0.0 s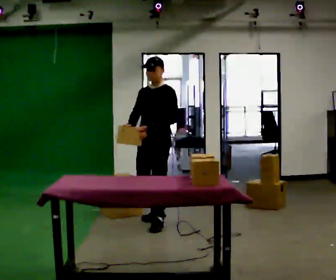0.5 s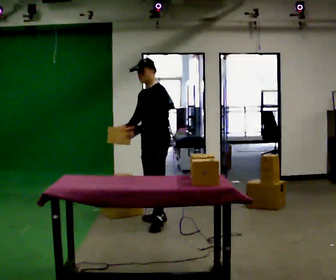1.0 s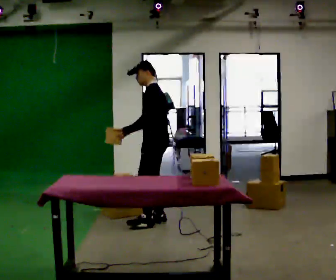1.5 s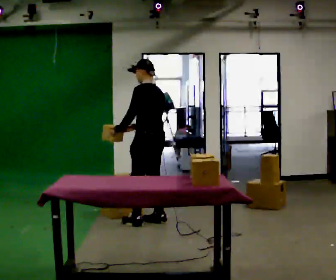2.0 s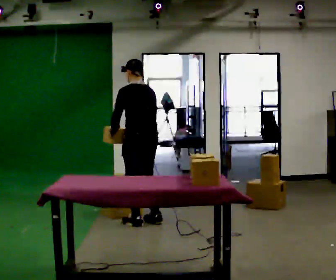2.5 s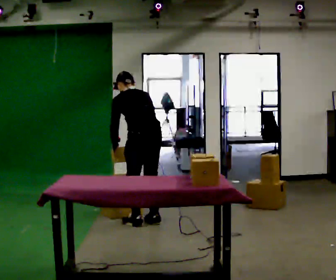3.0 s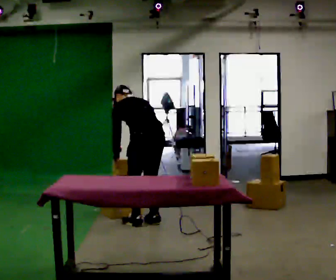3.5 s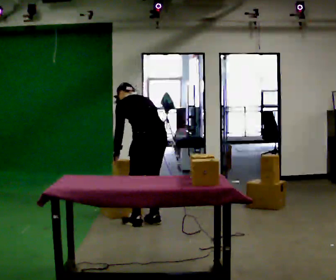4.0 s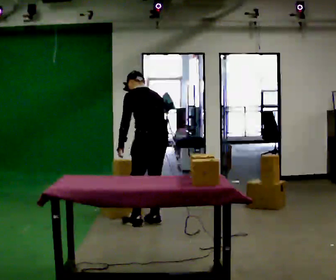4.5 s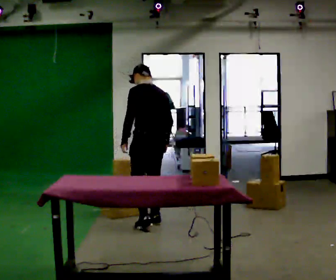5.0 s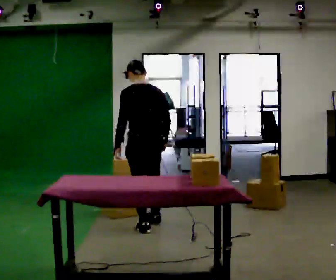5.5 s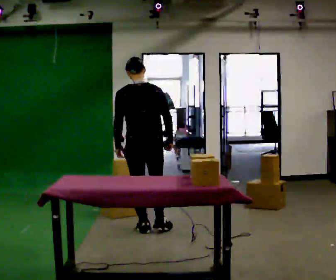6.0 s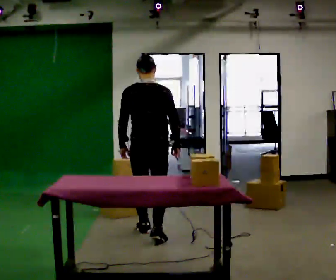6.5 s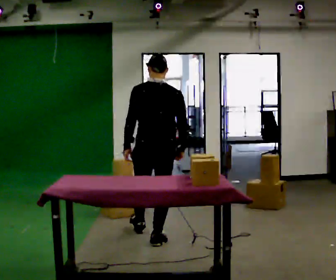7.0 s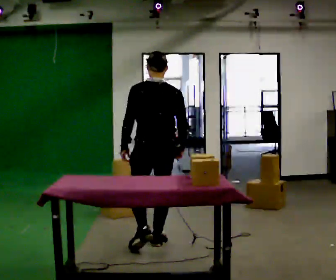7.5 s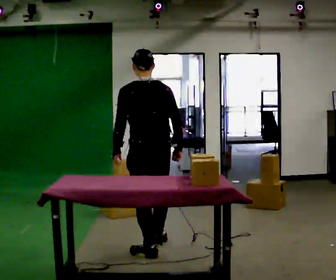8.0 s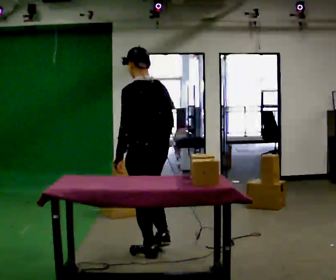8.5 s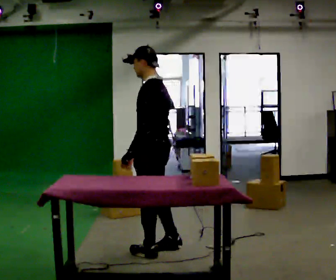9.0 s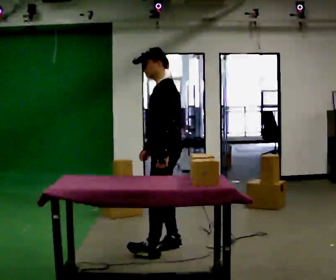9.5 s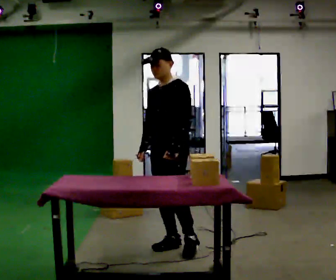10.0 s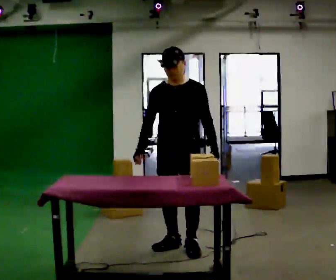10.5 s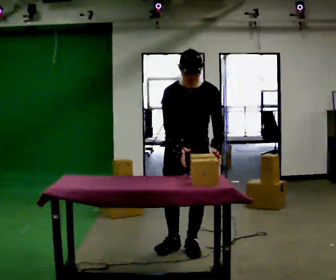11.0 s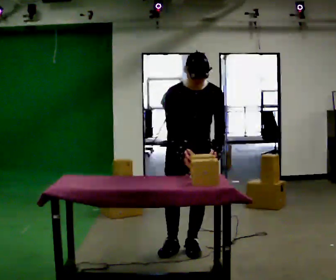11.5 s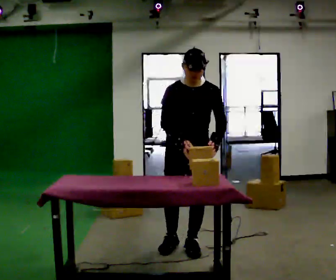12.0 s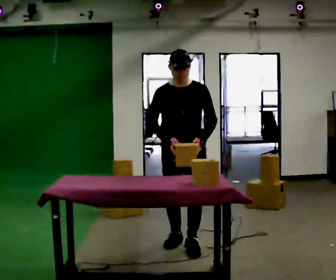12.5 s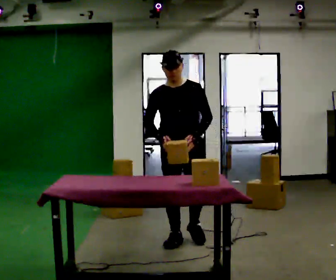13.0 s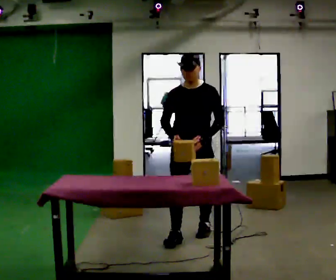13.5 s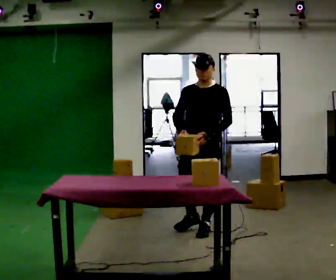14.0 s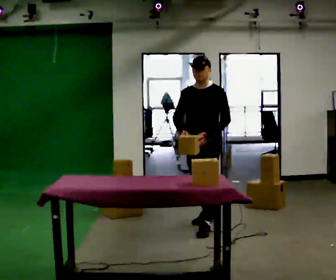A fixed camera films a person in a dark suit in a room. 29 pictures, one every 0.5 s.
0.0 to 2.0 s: The part of the body nearest the lens slides to the left as the person turns to their right by about 105 degrees. In the picture their left hand goes to the left.
2.0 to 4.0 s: The person moves a little, or ends about where they began.
4.0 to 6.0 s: The person turns about 45 degrees to their right, clockwise seen from above, so the part of the body nearest the lens slides to the left. In the picture they go toward the camera, about 0.5 m in 2 steps, which for them is backward and to their left. The upper body tips toward the camera, its near side rolling downward, as they lean back or straighten.
6.0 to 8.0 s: The person turns about 45 degrees to their left, counterclockwise seen from above, so the part of the body nearest the lens slides to the right. In the picture they go toward the camera, about 0.5 m in 2 steps, which for them is backward.
8.0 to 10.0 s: Seen from above the body turns counterclockwise, about 120 degrees: to their left, with its near side sliding to the right. In the picture they go to the right, about 0.25 m in 2 steps.
10.0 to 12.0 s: The person moves a little, or ends about where they began.
12.0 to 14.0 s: In the picture they go away from the camera, about 0.75 m in 2 steps, which for them is backward.
The film runs backward here.
